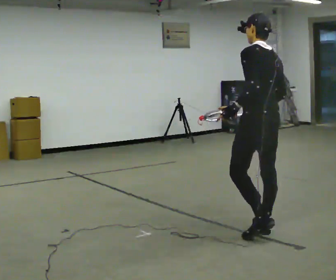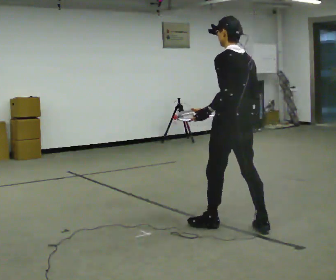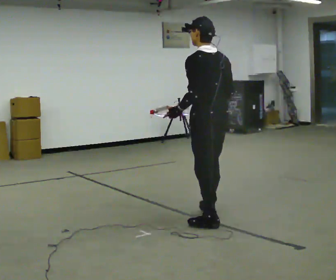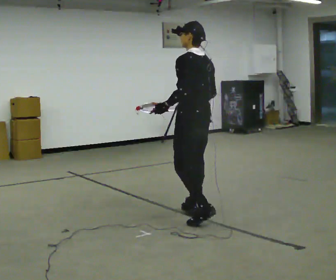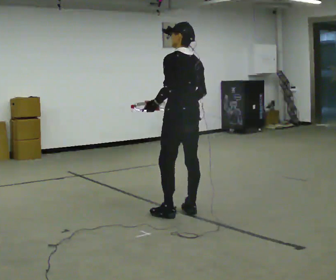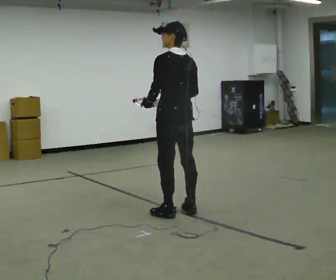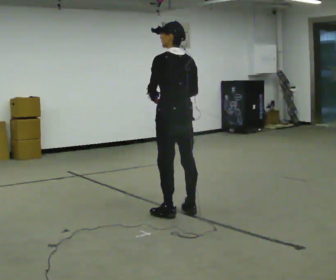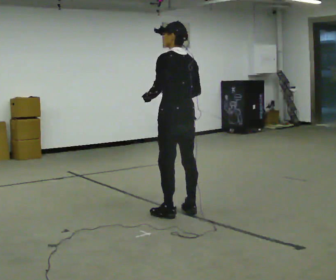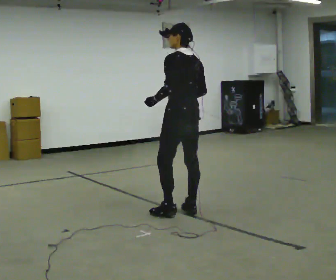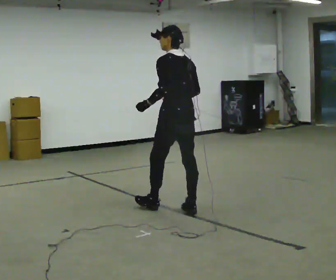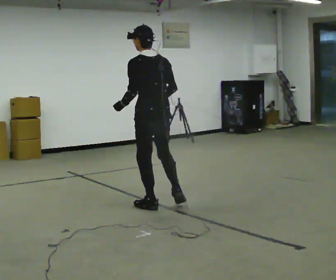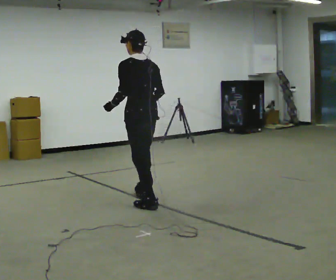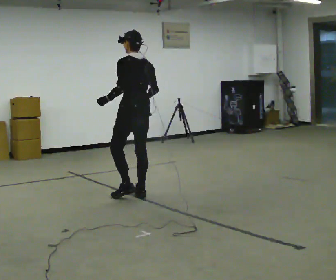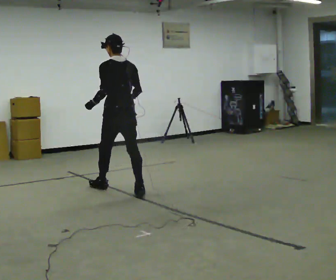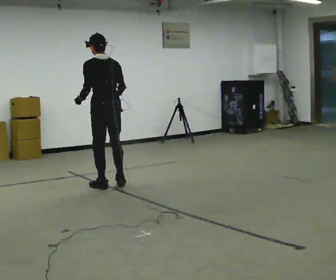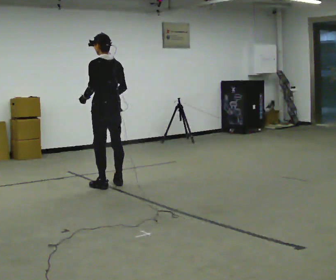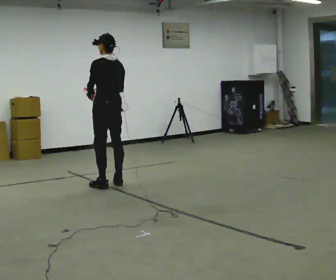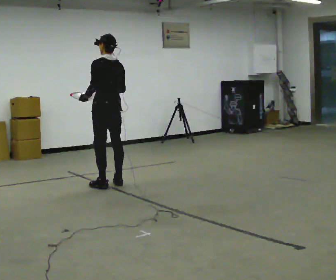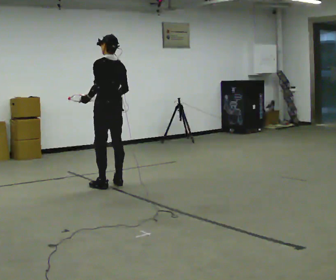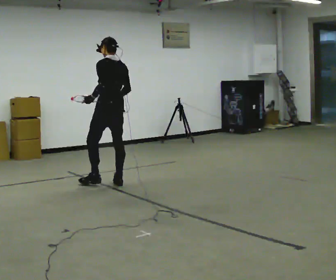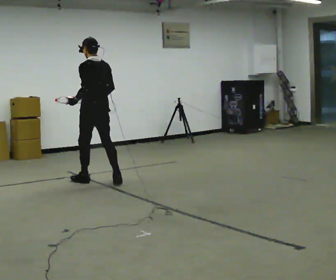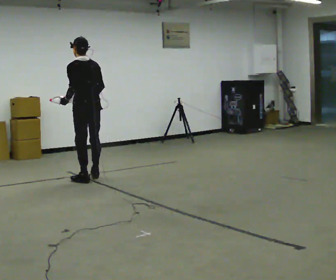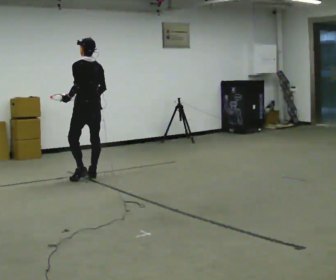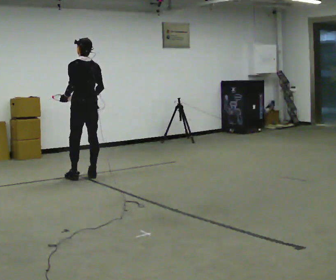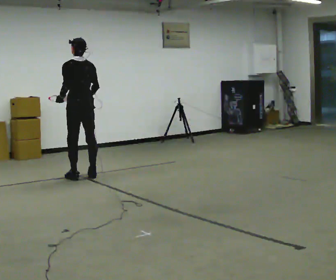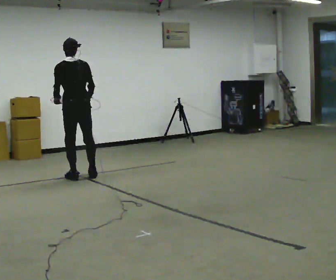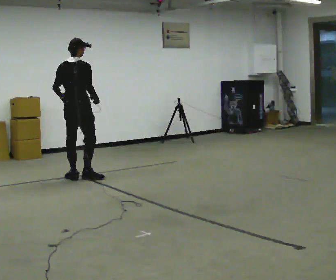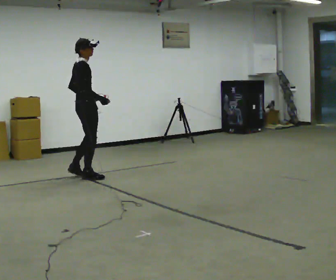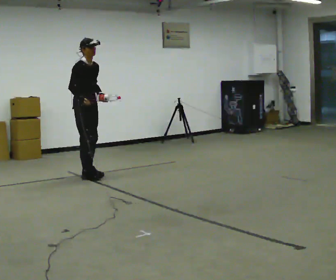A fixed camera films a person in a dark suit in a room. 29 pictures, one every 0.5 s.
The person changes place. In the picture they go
away from the camera.
0.0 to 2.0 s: In the picture they go away from the camera and to the left, about 1 m in 3 steps, which for them is forward.
2.0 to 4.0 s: The person moves a little, or ends about where they began.
4.0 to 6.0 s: In the picture they go away from the camera and to the left, about 1 m in 2 steps, which for them is forward.
6.0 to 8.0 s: In the picture they go away from the camera and to the left, about 0.5 m in 2 steps, which for them is forward.
8.0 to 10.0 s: In the picture they go away from the camera and to the left, about 0.25 m in 1 step, which for them is forward.
10.0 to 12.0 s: In the picture they go away from the camera and to the left, about 0.25 m in 2 steps, which for them is forward.
12.0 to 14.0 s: The part of the body nearest the lens slides to the left as the person turns to their right by about 150 degrees. In the picture they go away from the camera, about 0.25 m in 1 step.
The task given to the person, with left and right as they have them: Carry the object in one hand and, while walking, pass it to your other hand. Keep passing it back and forth as you walk.
The film runs forward here.
